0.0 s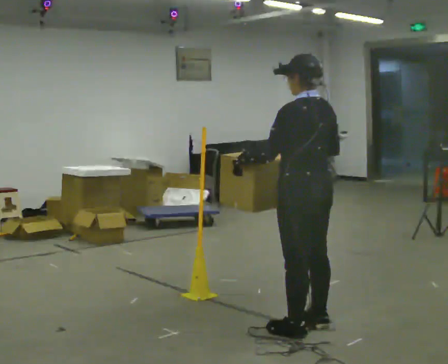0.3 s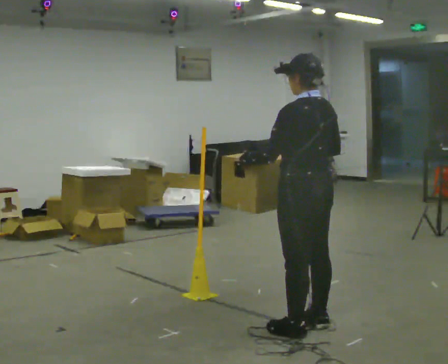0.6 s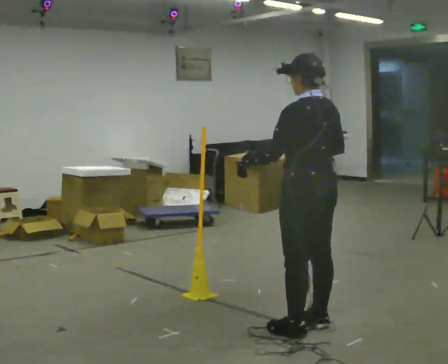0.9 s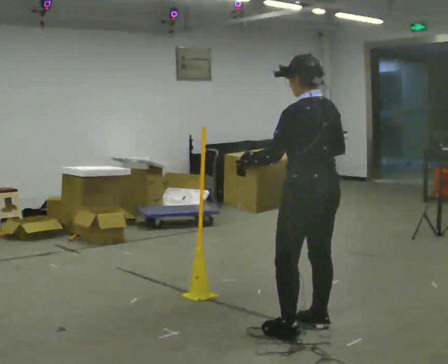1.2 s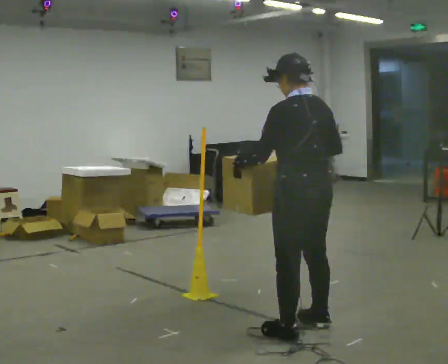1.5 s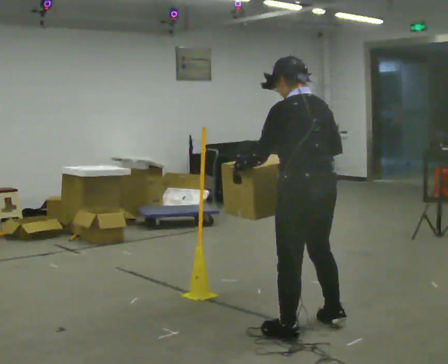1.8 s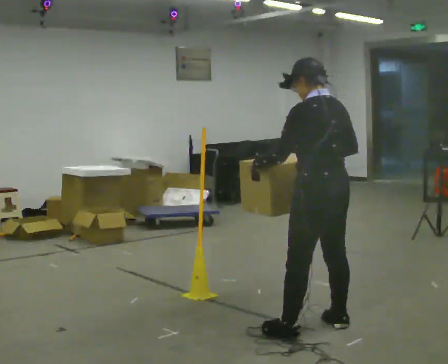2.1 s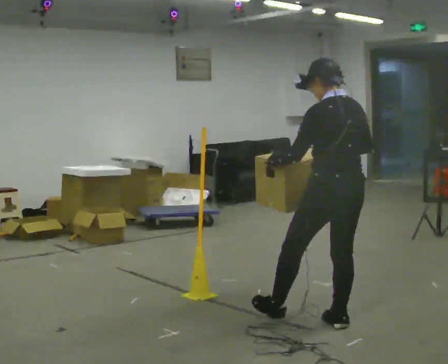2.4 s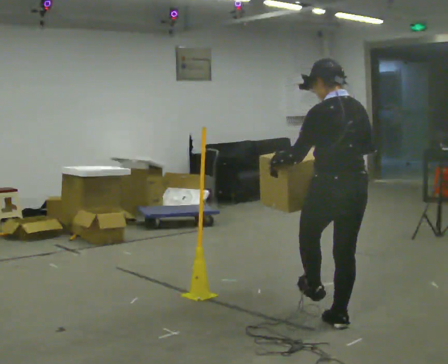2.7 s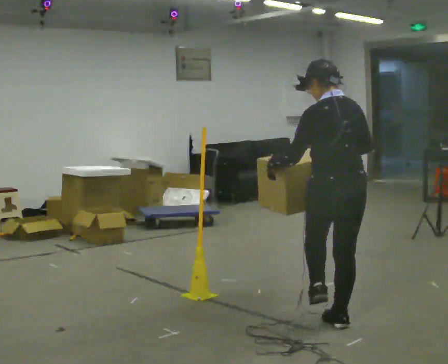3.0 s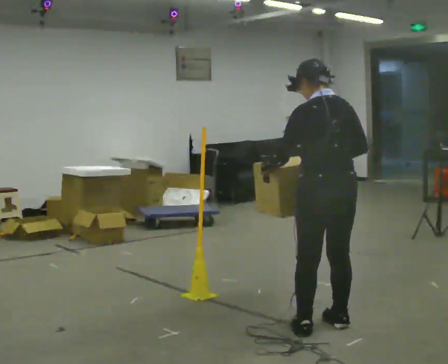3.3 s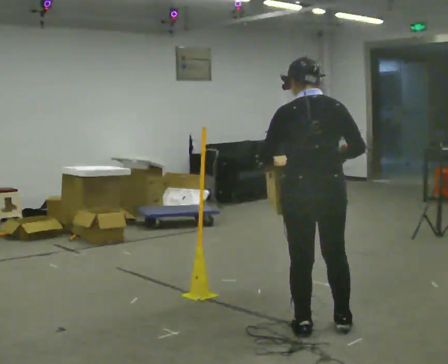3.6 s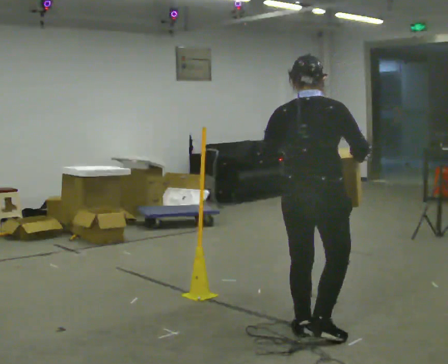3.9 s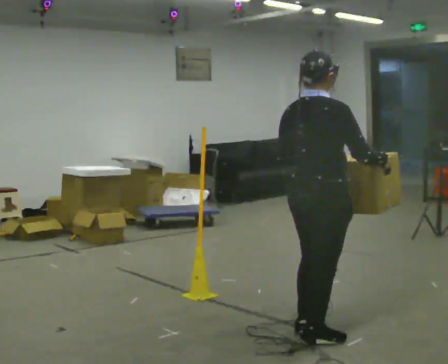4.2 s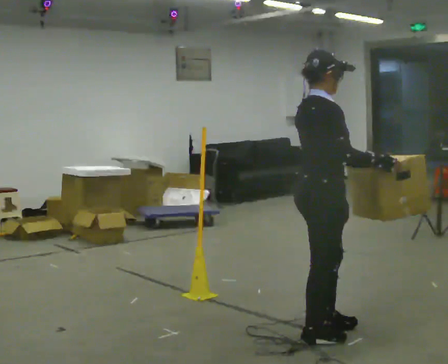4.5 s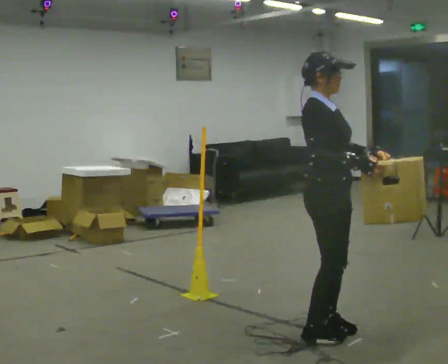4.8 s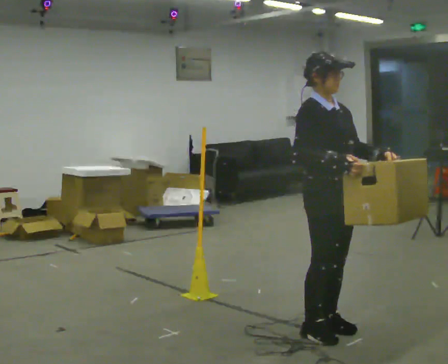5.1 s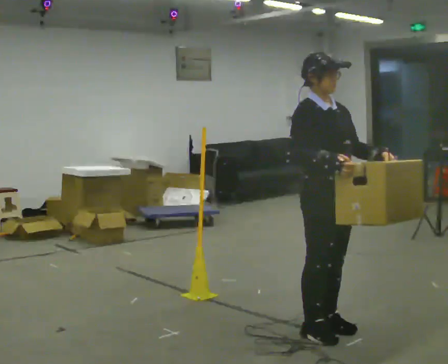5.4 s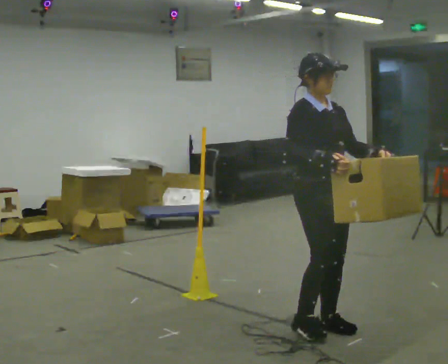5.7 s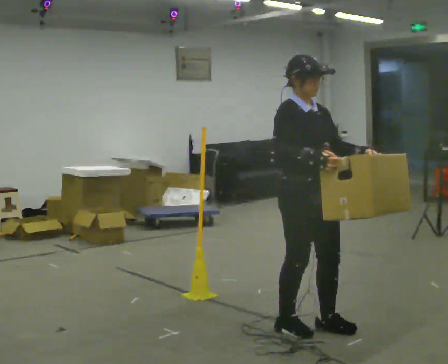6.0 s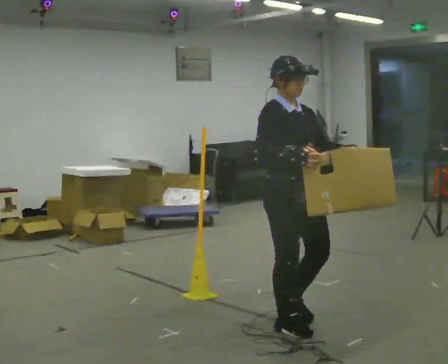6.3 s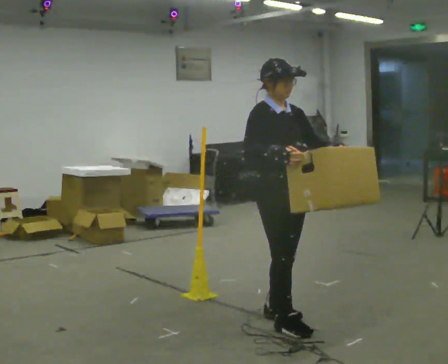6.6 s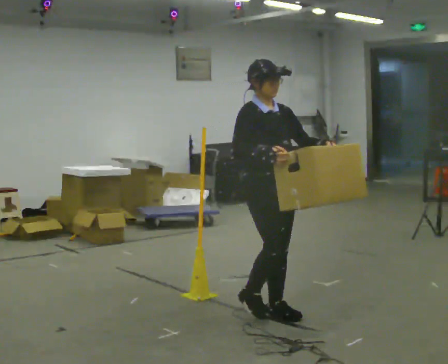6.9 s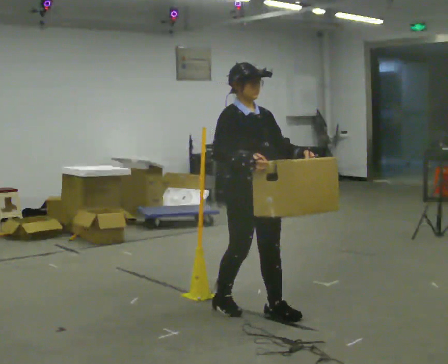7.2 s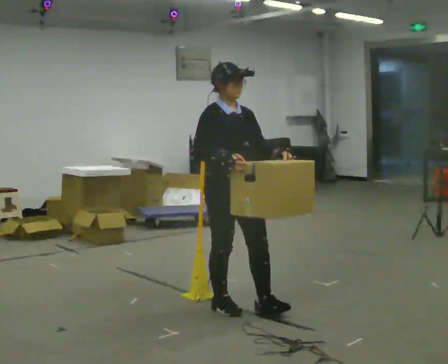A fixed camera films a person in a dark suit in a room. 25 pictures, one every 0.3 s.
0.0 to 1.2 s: The person moves a little, or ends about where they began.
1.2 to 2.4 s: In the picture they go to the right, about 0.25 m, which for them is to their right.
2.4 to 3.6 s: The part of the body nearest the lens slides to the left as the person turns to their right by about 45 degrees. In the picture they go to the left, about 0.25 m in 1 step, which for them is to their left.
3.6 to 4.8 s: The part of the body nearest the lens slides to the left as the person turns to their right by about 105 degrees. In the picture their left hand goes to the right.
4.8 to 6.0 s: In the picture they go to the left, about 0.25 m in 2 steps, which for them is backward.
6.0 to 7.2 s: In the picture they go to the left and away from the camera, about 0.5 m in 2 steps, which for them is backward.
The film runs backward here.
